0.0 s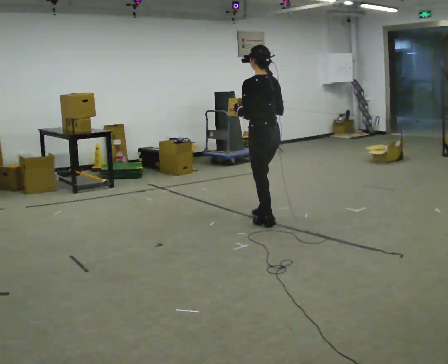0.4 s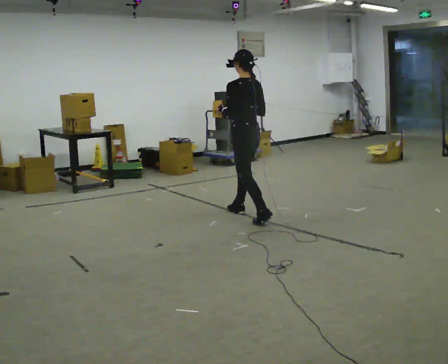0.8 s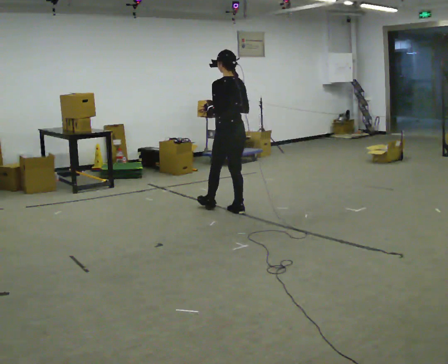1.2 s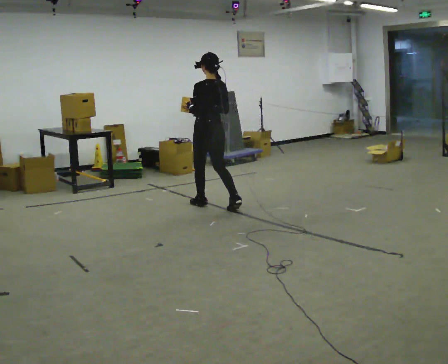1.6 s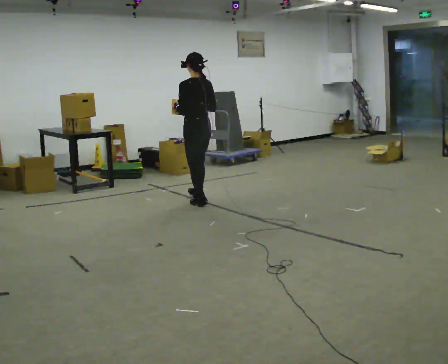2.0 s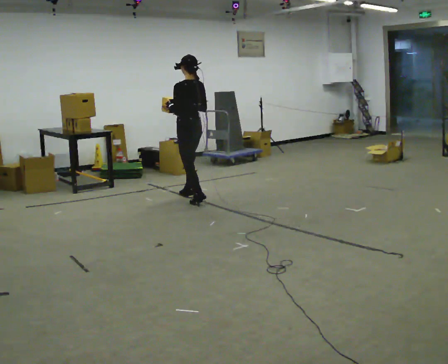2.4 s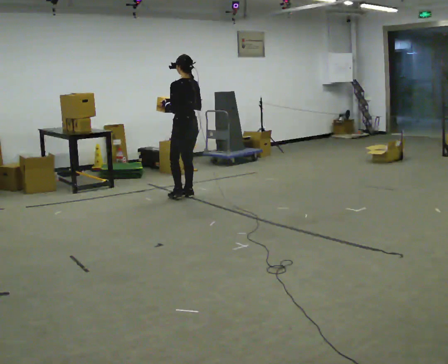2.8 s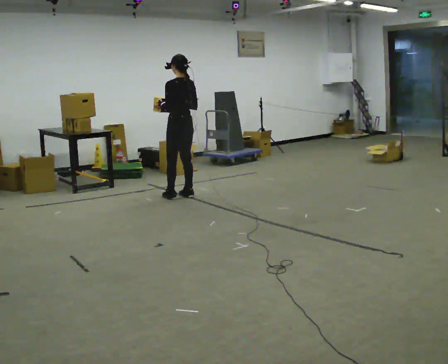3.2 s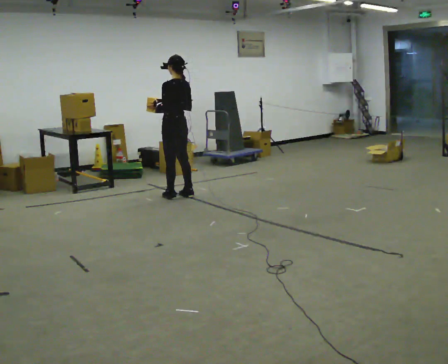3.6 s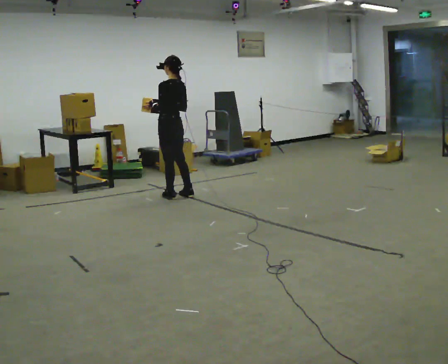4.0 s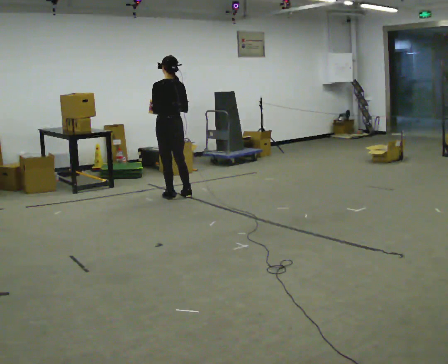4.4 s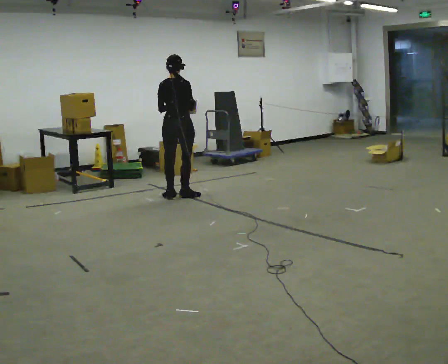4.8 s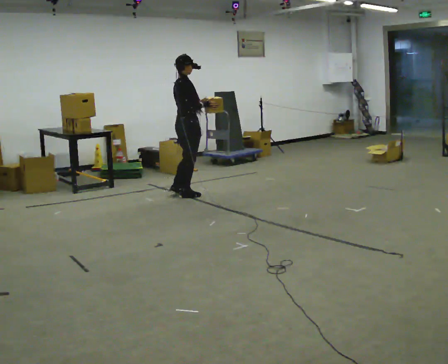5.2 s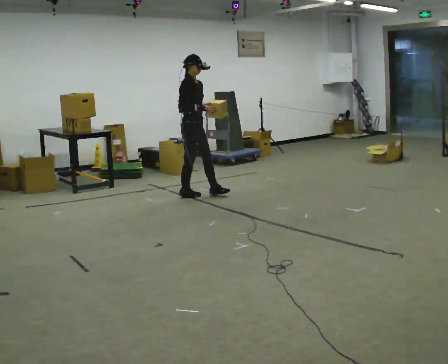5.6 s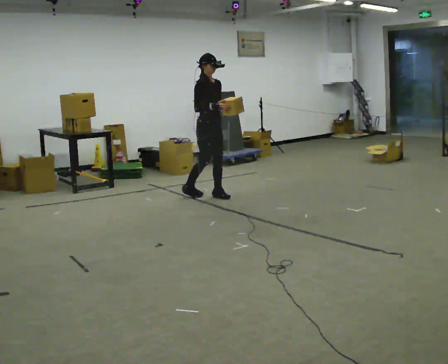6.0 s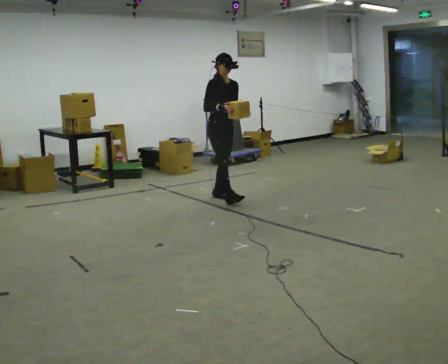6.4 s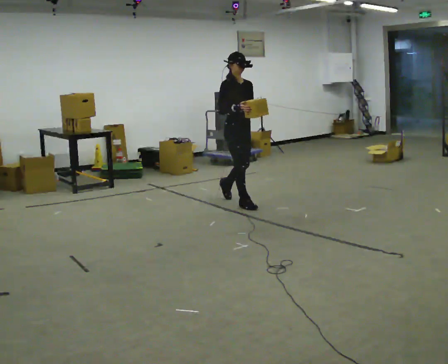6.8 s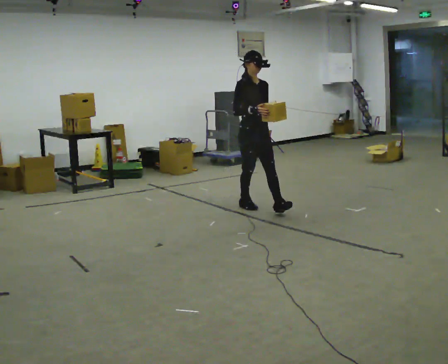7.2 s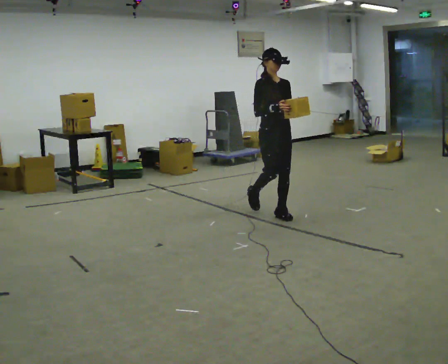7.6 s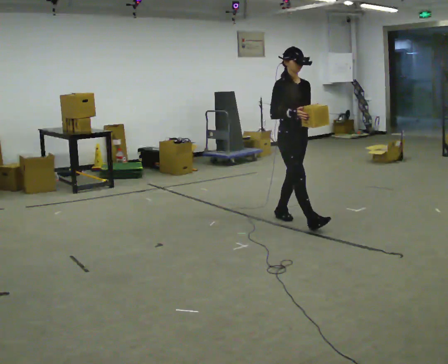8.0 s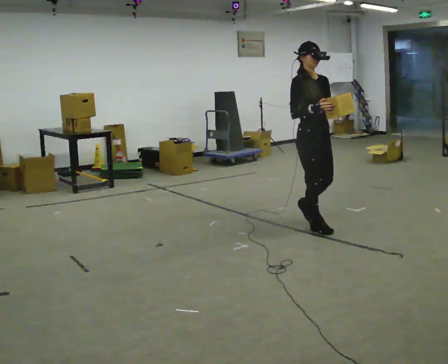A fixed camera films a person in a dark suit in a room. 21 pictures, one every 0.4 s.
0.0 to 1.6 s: In the picture they go away from the camera and to the left, about 1 m in 2 steps, which for them is forward.
1.6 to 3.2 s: In the picture they go away from the camera and to the left, about 0.5 m in 2 steps, which for them is forward.
3.2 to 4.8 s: Seen from above the body turns clockwise, about 120 degrees: to their right, with its near side sliding to the left. In the picture their right hand goes to the right.
4.8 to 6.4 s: The person turns about 60 degrees to their right, clockwise seen from above, so the part of the body nearest the lens slides to the left. In the picture they go to the right and toward the camera, about 0.75 m in 2 steps.
6.4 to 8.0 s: In the picture they go toward the camera and to the right, about 1 m in 2 steps, which for them is forward.
The film runs forward here.
